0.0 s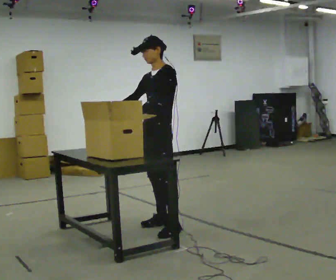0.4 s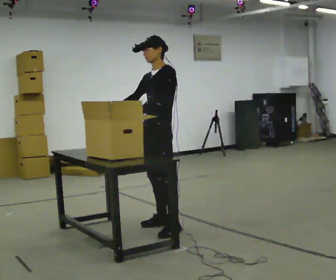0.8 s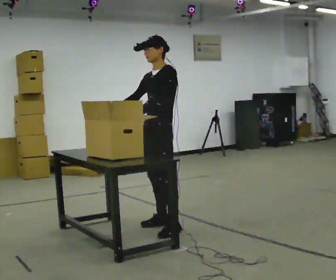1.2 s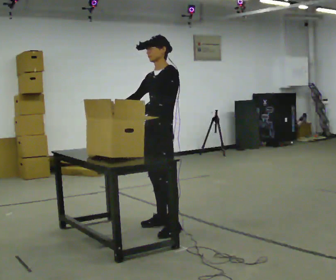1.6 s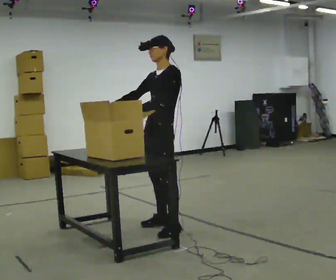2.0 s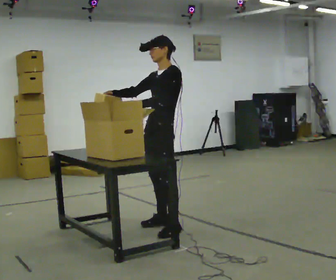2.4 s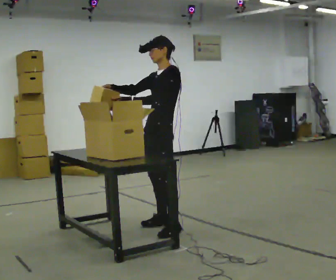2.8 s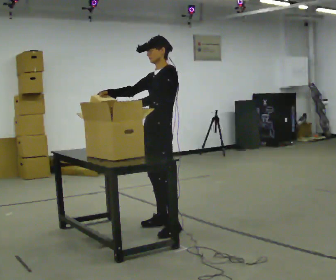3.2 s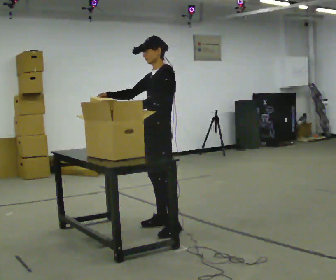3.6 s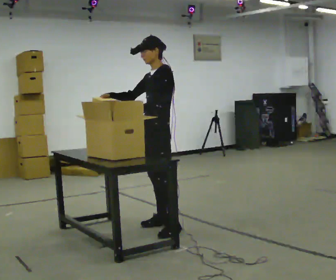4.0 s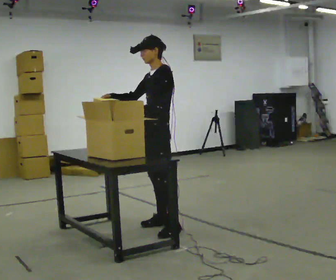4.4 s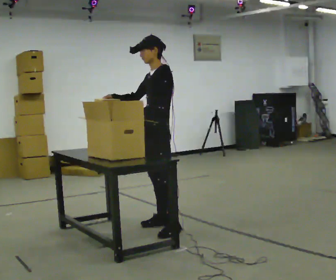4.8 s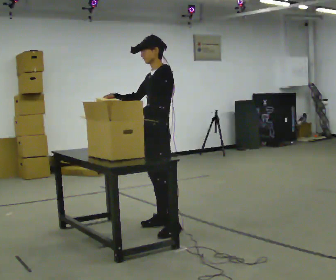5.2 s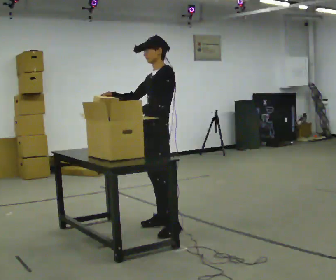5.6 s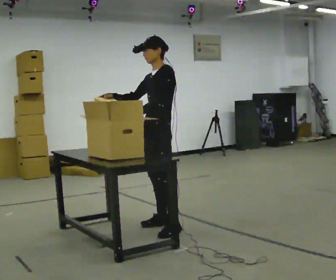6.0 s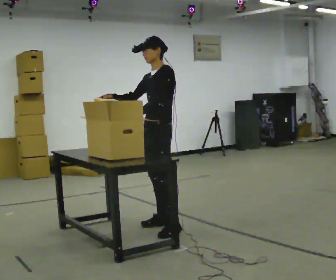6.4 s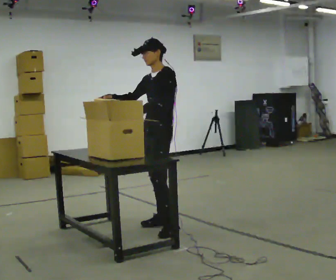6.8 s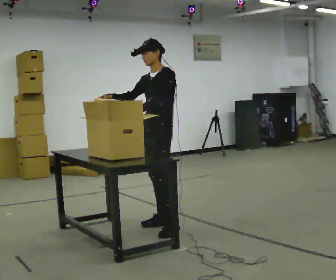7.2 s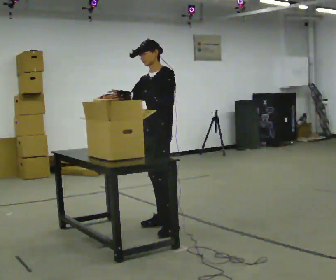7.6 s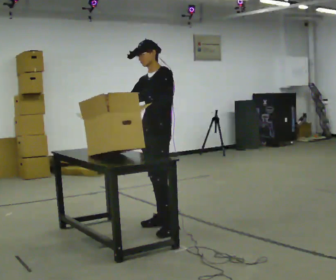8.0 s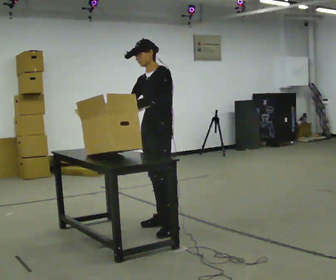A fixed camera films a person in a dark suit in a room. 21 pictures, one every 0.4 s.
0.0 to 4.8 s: The person moves a little, or ends about where they began.
4.8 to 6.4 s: In the picture they go away from the camera, about 0.25 m, which for them is to their right.
6.4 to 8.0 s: The person moves a little, or ends about where they began.
The film runs forward here.
